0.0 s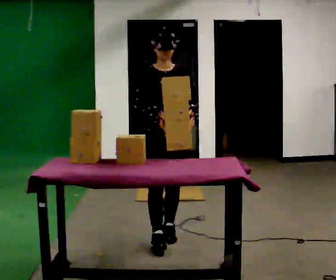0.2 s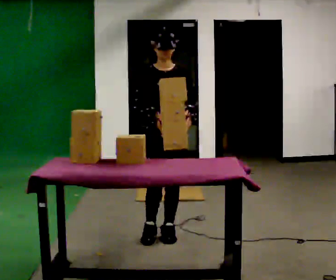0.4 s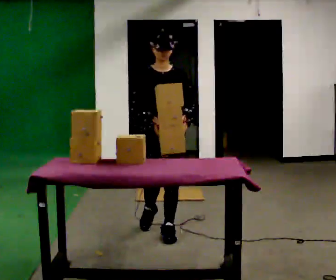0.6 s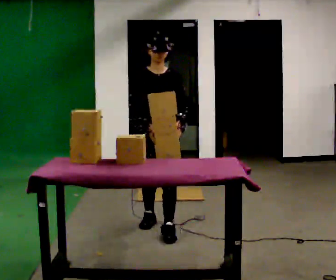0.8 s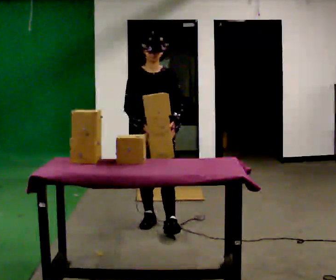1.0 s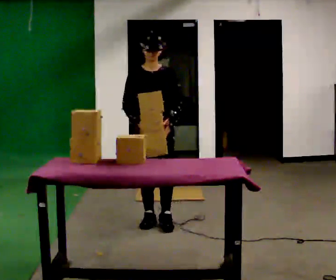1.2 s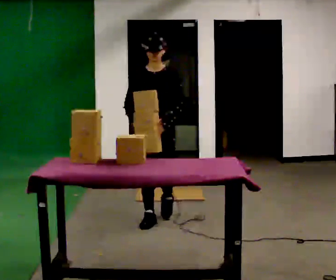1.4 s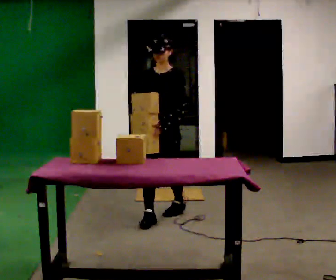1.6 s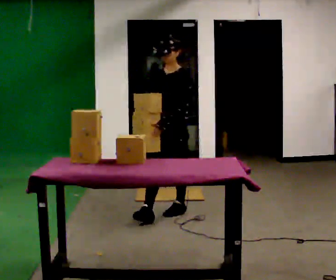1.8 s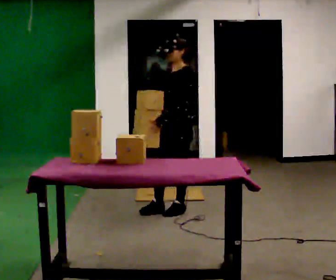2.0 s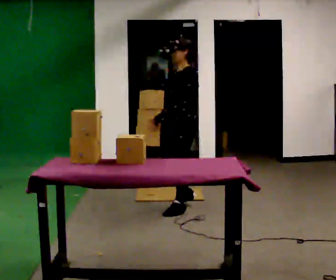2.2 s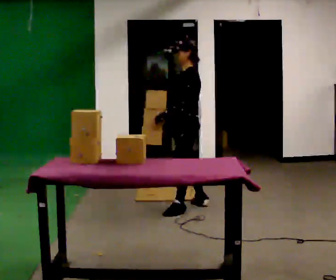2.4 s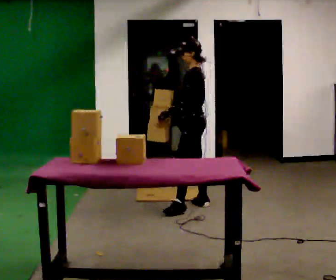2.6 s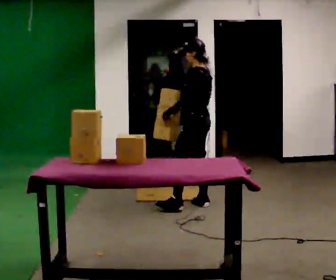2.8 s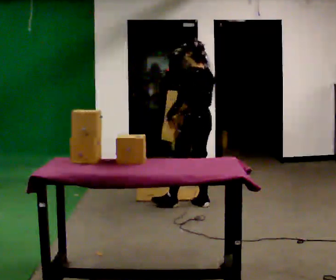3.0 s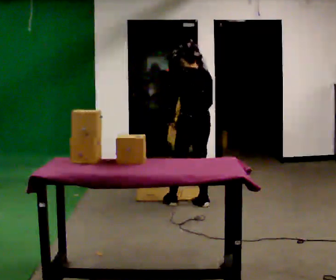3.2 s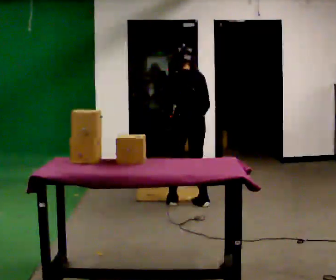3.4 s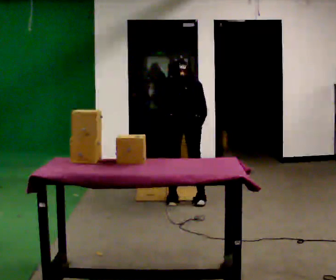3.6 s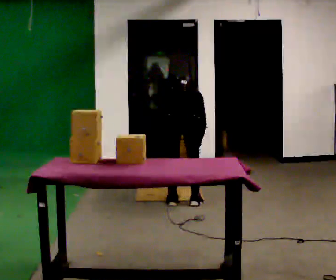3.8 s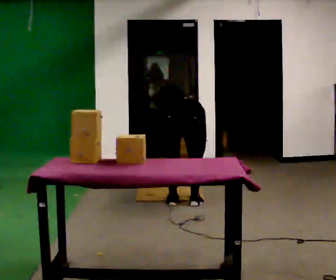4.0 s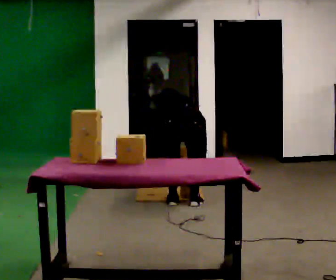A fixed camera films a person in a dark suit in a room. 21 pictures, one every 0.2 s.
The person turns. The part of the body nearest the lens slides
to the left.
The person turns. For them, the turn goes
to their right.
0.0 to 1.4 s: In the picture they go away from the camera, about 0.5 m in 2 steps, which for them is backward.
1.4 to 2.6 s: The person turns about 90 degrees to their right, clockwise seen from above, so the part of the body nearest the lens slides to the left. In the picture they go away from the camera and to the right, about 0.5 m in 2 steps.
2.6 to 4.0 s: The part of the body nearest the lens slides to the left as the person turns to their right by about 75 degrees. In the picture they go to the left, about 0.25 m. The upper body goes downward. The upper body tips away from the camera, its near side rolling upward, as they bend forward. In the picture their right hand goes downward, the arm swinging counterclockwise.
The film runs backward here.
